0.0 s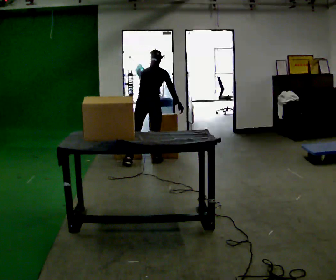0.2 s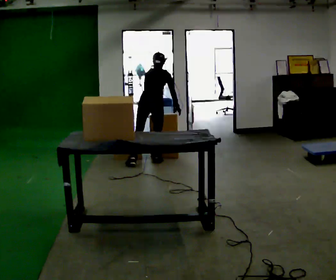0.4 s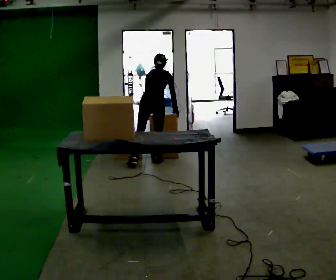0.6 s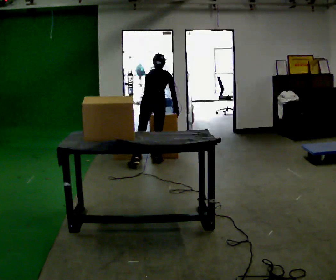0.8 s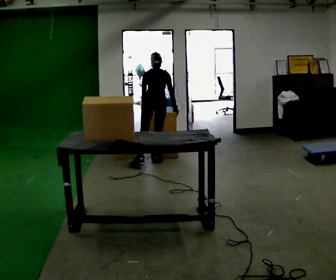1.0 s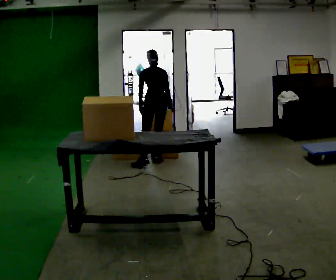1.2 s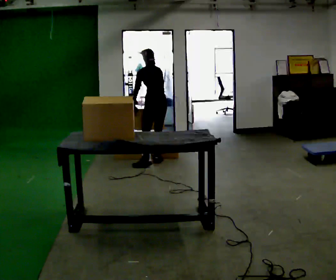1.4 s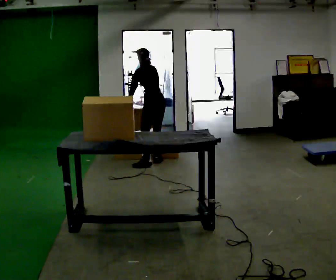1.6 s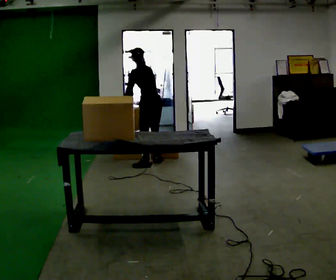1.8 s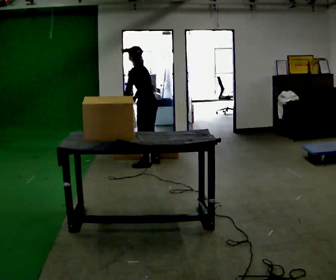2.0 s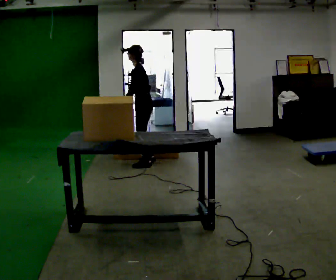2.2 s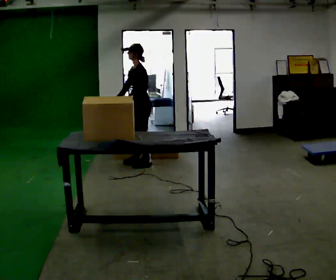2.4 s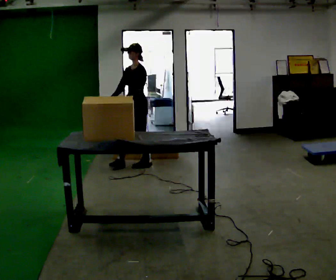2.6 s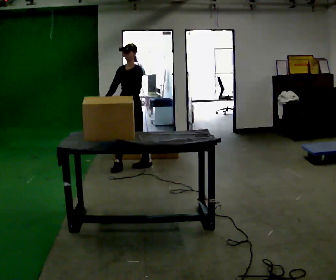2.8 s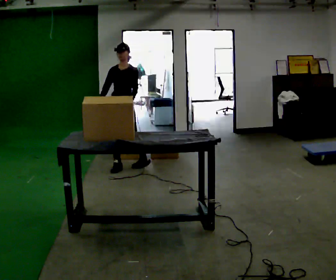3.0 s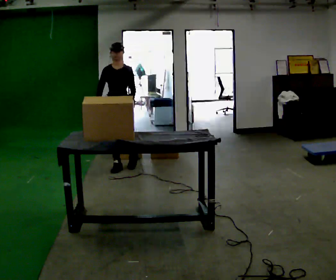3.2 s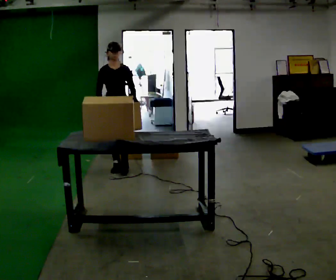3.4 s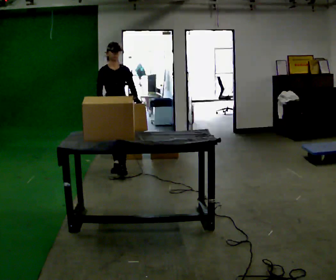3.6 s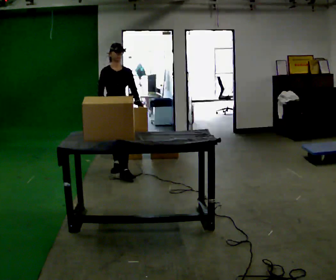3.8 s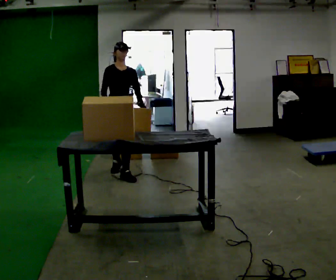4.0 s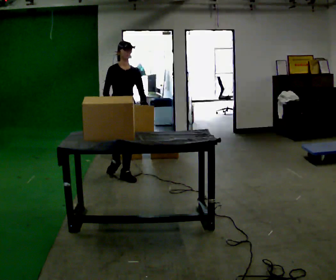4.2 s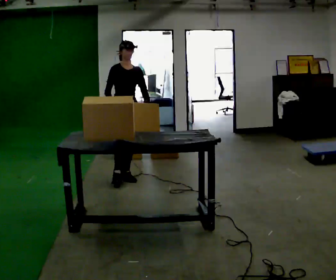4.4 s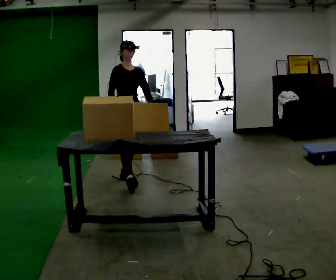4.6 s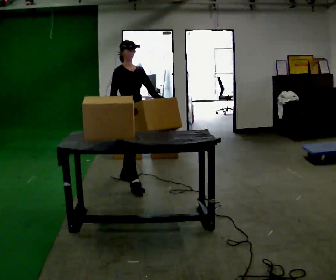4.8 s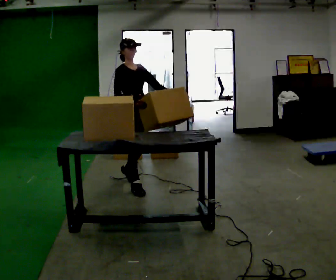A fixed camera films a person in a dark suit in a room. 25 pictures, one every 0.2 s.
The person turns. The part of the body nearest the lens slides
to the right.
The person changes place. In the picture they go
toward the camera.
0.0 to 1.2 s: The part of the body nearest the lens slides to the right as the person turns to their left by about 45 degrees. In the picture the upper body tilts counterclockwise, shoulders to the left.
1.2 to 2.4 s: The part of the body nearest the lens slides to the right as the person turns to their left by about 105 degrees. In the picture they go to the left, about 0.25 m. The upper body tips toward the camera, its near side rolling downward, as they lean back or straighten.
2.4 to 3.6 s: Seen from above the body turns counterclockwise, about 60 degrees: to their left, with its near side sliding to the right. In the picture they go toward the camera and to the left, about 0.25 m in 2 steps.
3.6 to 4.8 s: The person turns about 30 degrees to their left, counterclockwise seen from above, so the part of the body nearest the lens slides to the right. In the picture they go toward the camera, about 0.75 m in 1 step, which for them is forward.
The film runs forward here.
